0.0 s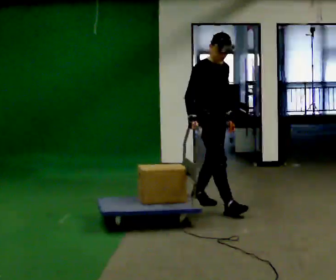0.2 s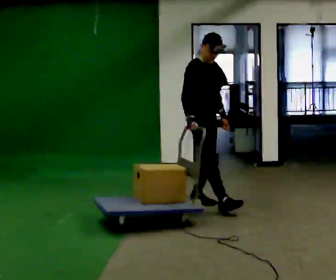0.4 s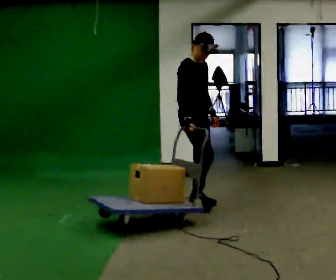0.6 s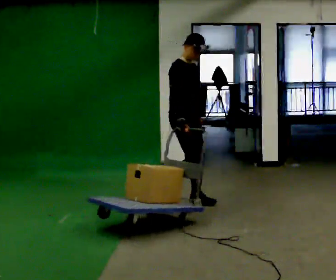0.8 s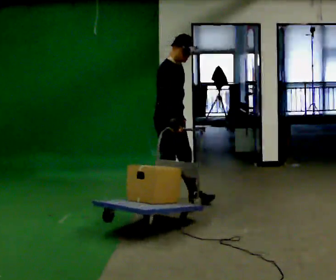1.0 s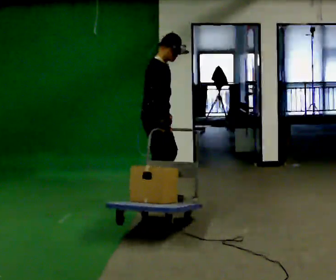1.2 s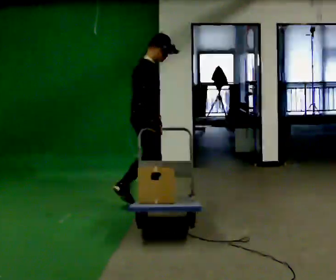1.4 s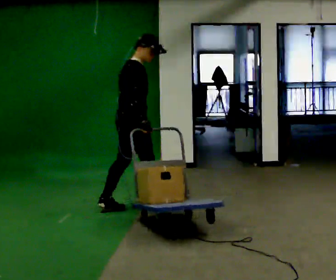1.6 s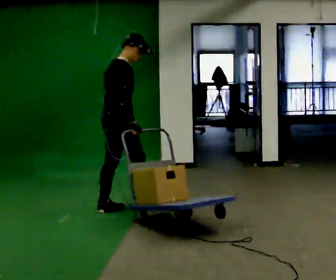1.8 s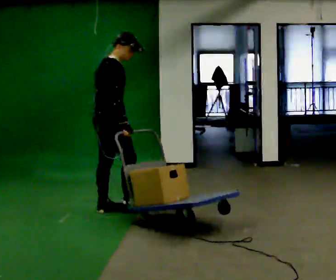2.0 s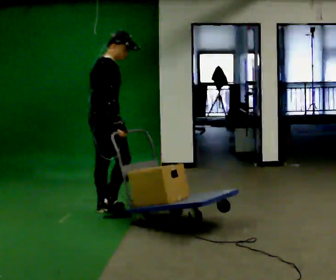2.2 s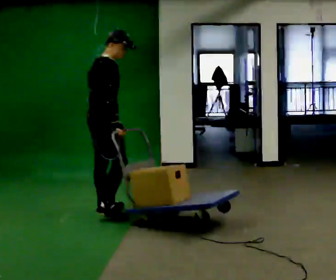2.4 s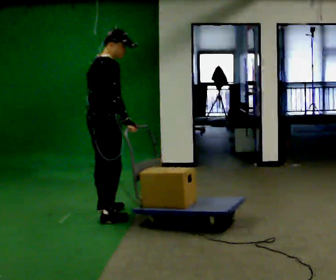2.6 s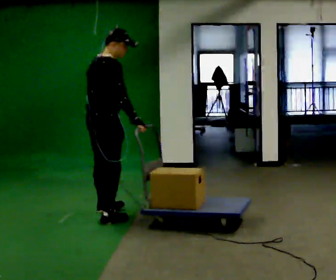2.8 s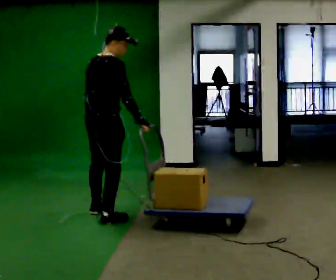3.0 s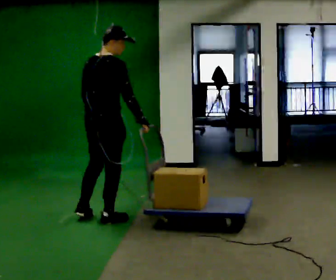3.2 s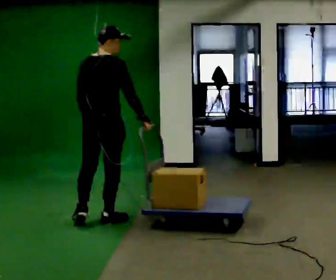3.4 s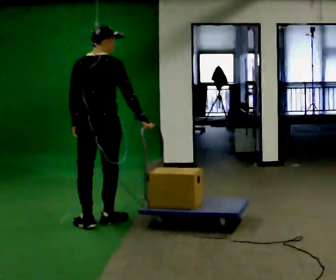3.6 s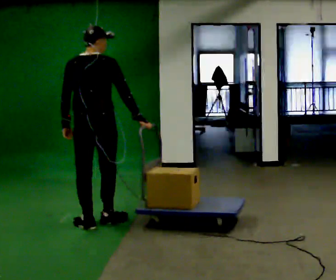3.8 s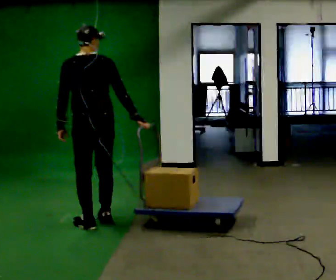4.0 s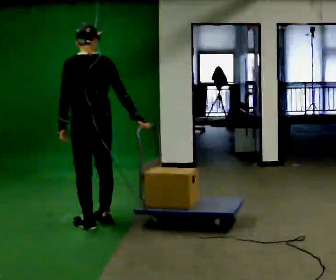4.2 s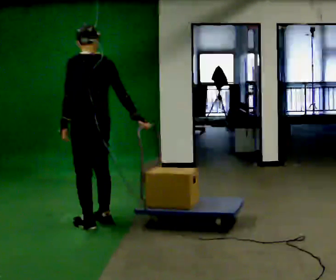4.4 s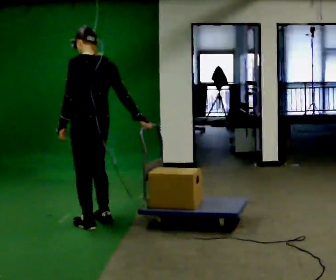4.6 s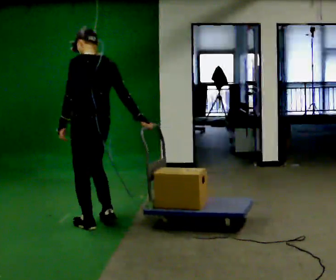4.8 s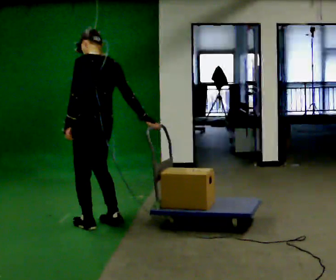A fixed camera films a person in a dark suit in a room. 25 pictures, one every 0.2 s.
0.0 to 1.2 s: The person turns about 45 degrees to their left, counterclockwise seen from above, so the part of the body nearest the lens slides to the right. In the picture they go to the left, about 0.75 m in 2 steps, which for them is backward.
1.2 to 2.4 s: In the picture they go to the left and toward the camera, about 0.5 m in 1 step, which for them is backward.
2.4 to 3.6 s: The part of the body nearest the lens slides to the right as the person turns to their left by about 60 degrees. In the picture they go toward the camera, about 0.5 m in 1 step.
3.6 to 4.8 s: The part of the body nearest the lens slides to the right as the person turns to their left by about 45 degrees.
The film runs backward here.
